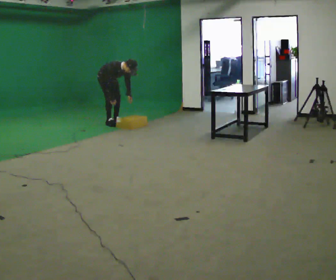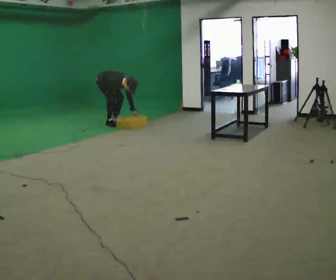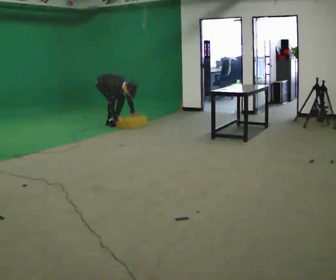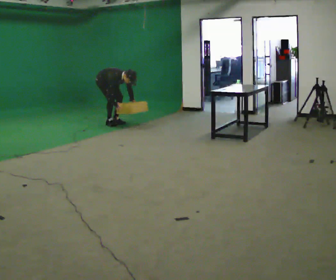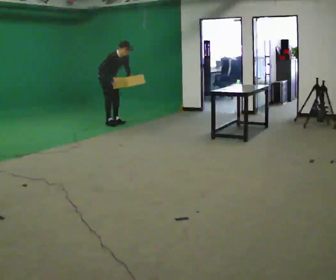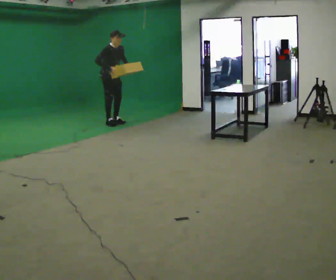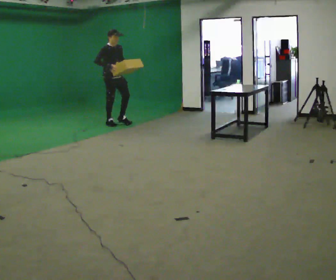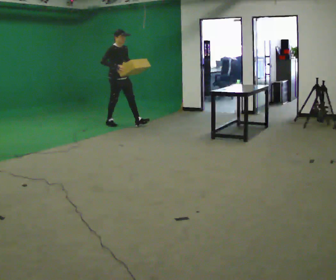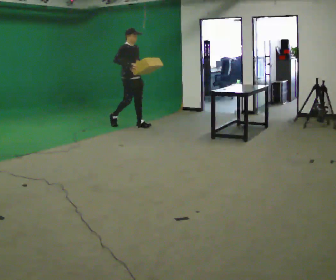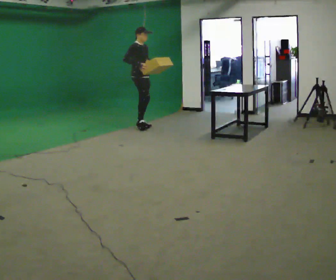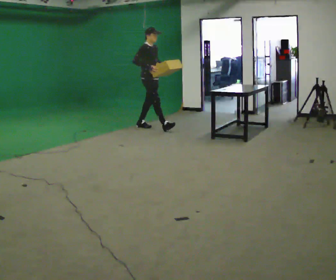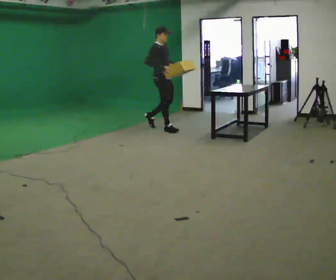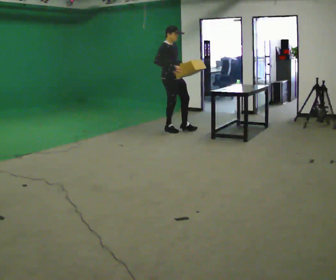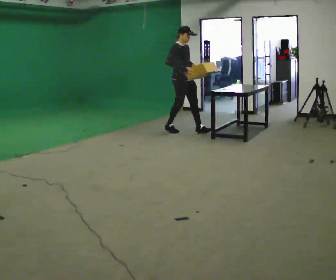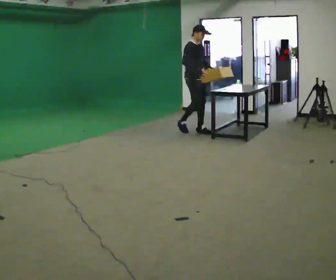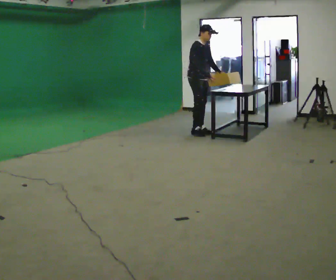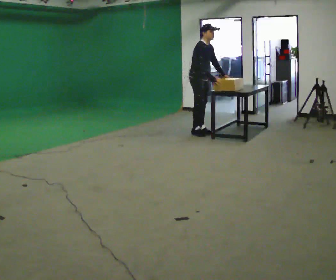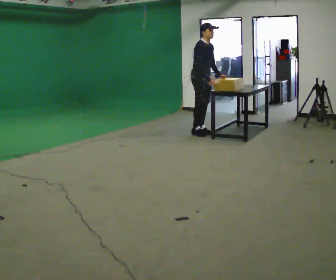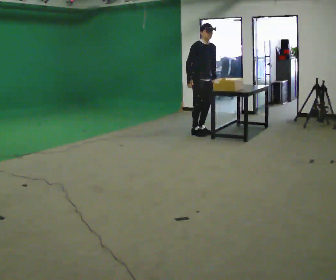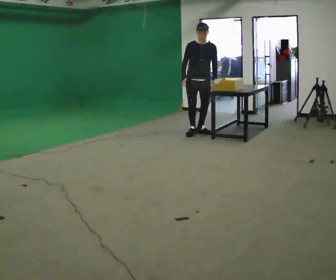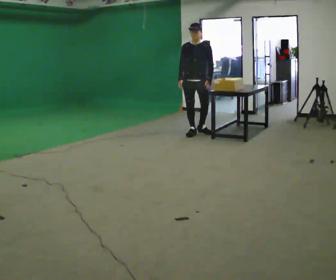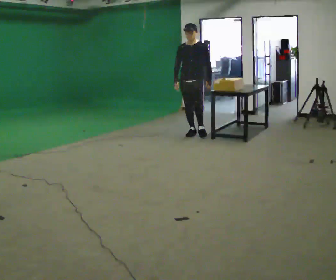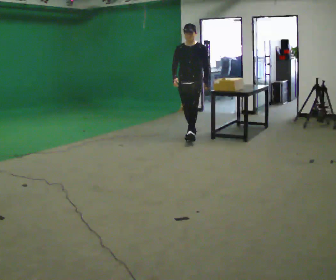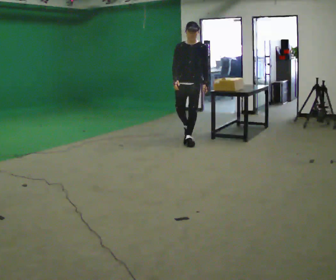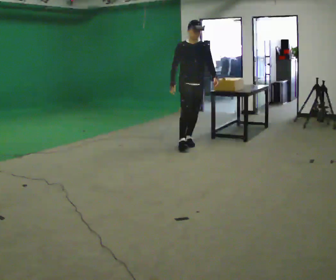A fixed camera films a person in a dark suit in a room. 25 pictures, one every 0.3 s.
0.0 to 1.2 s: In the picture their left hand goes upward.
1.2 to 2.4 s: In the picture they go to the right and toward the camera, about 0.5 m in 1 step, which for them is forward. In the picture the upper body tilts counterclockwise, shoulders to the left, as they lean back or straighten.
2.4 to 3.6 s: In the picture they go to the right and toward the camera, about 1 m in 1 step, which for them is forward.
3.6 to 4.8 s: In the picture they go to the right, about 0.5 m in 2 steps, which for them is forward. In the picture the upper body tilts clockwise, shoulders to the right, as they bend forward.
4.8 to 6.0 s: The person turns about 75 degrees to their right, clockwise seen from above, so the part of the body nearest the lens slides to the left. In the picture the upper body tilts counterclockwise, shoulders to the left, as they lean back or straighten. In the picture their right hand goes to the left.
6.0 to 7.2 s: In the picture they go toward the camera, about 0.5 m in 1 step, which for them is forward.
The film runs forward here.
